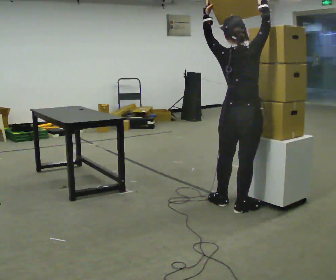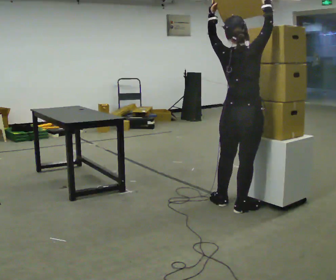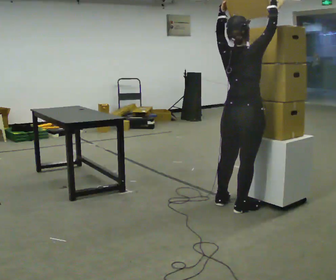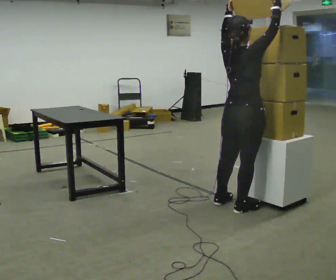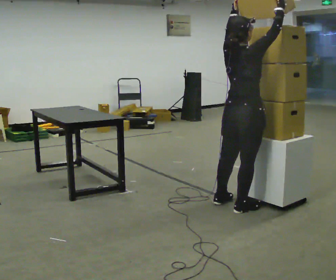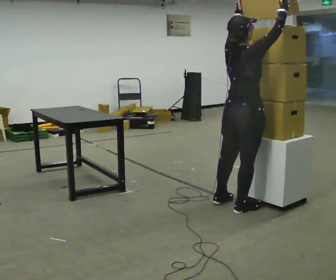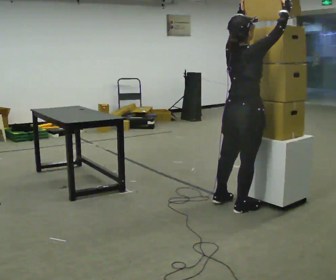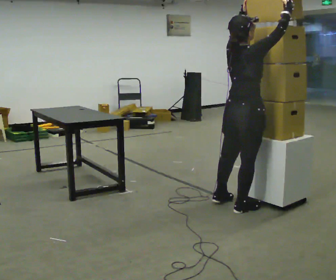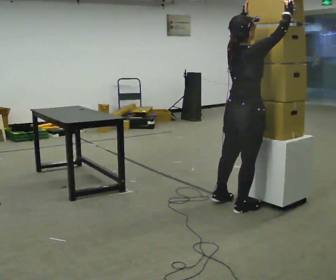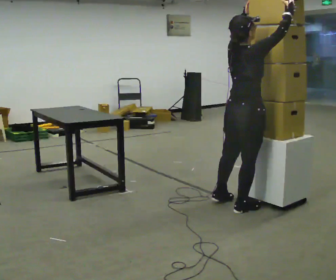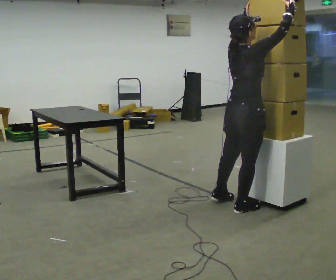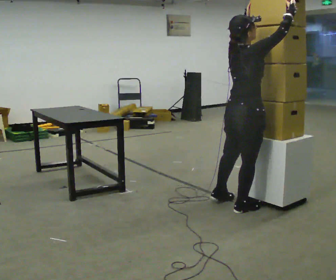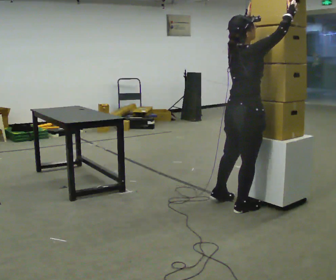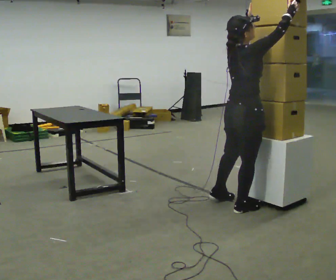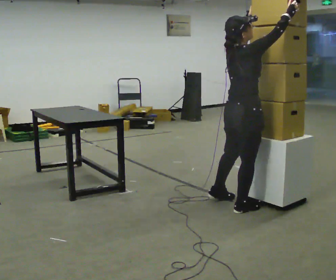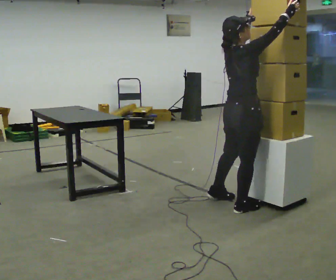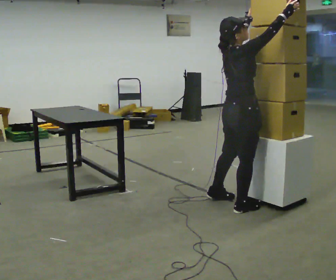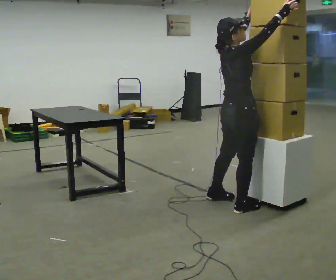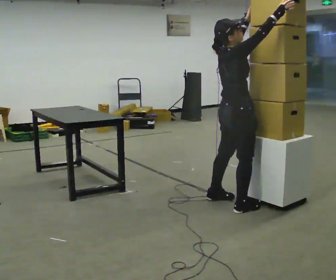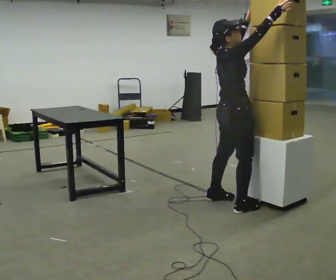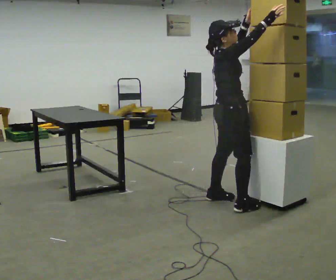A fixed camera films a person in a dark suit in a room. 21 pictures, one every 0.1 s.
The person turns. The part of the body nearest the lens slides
to the left.
Their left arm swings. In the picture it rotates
clockwise.
0.0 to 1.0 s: Seen from above the body turns clockwise, about 30 degrees: to their right, with its near side sliding to the left. In the picture their left hand goes to the right.
1.0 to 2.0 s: The person turns about 30 degrees to their right, clockwise seen from above, so the part of the body nearest the lens slides to the left. In the picture they go away from the camera, about 0.25 m, which for them is to their left.
The film runs backward here.
